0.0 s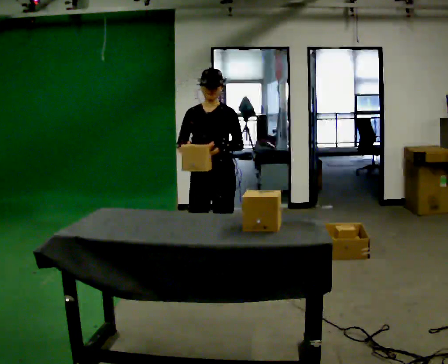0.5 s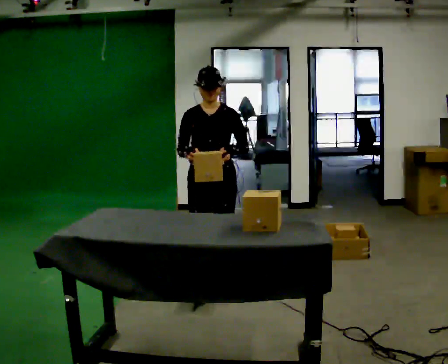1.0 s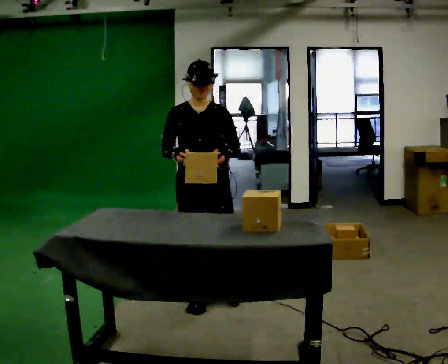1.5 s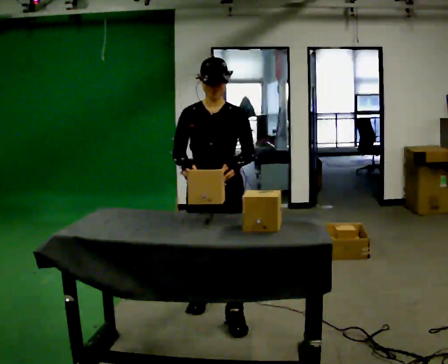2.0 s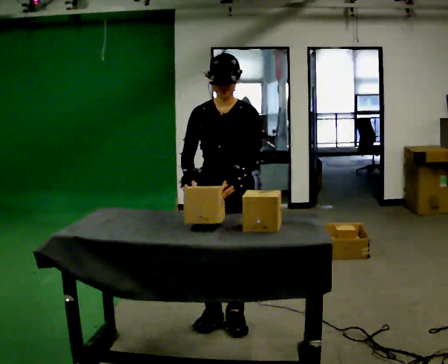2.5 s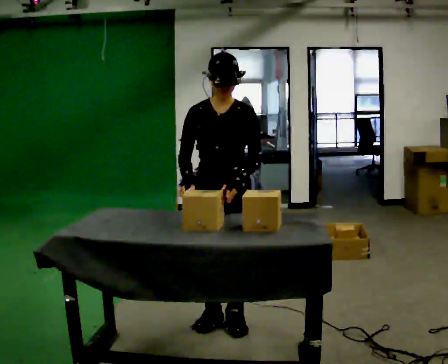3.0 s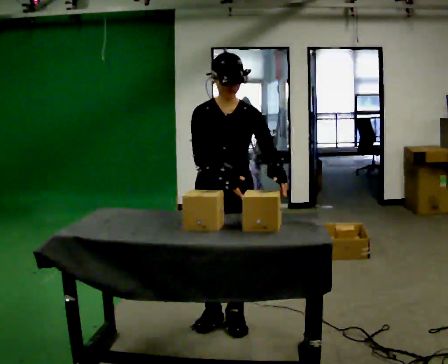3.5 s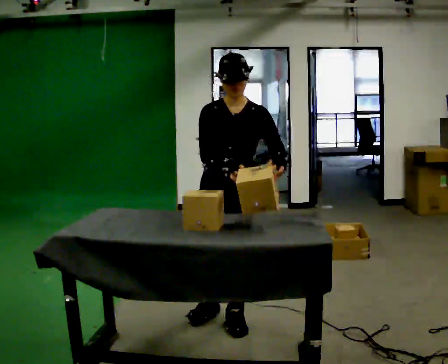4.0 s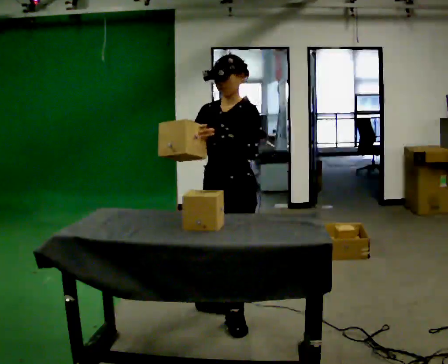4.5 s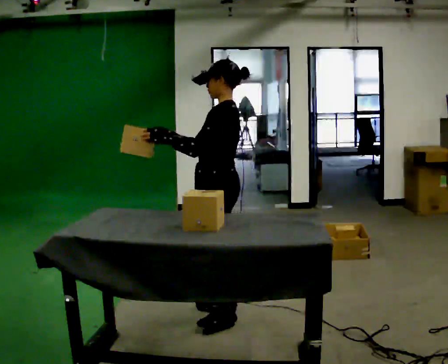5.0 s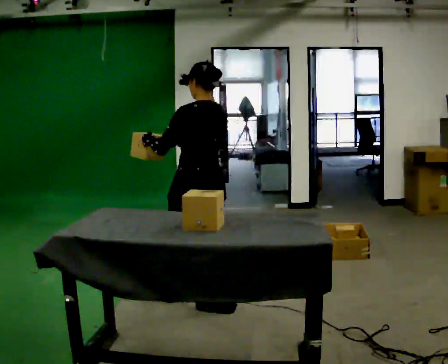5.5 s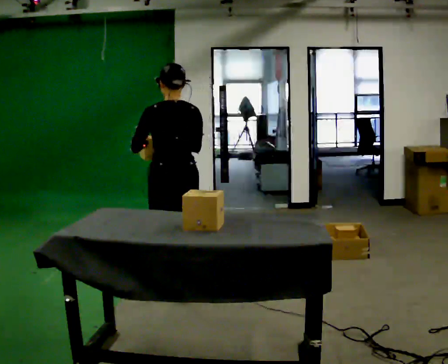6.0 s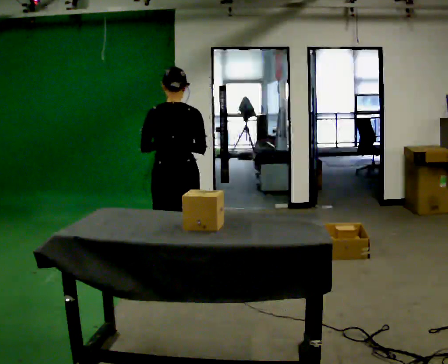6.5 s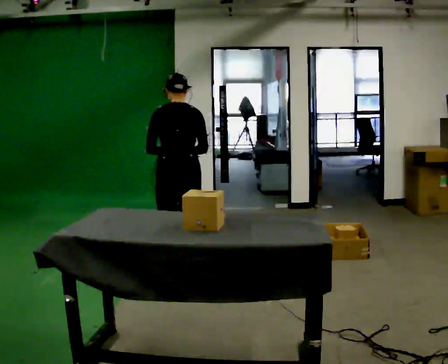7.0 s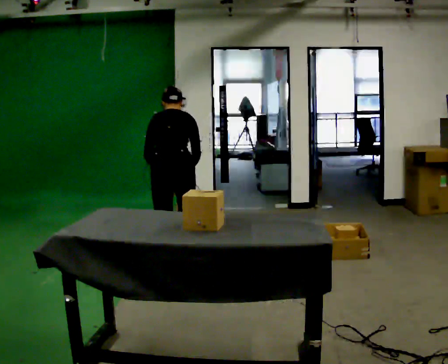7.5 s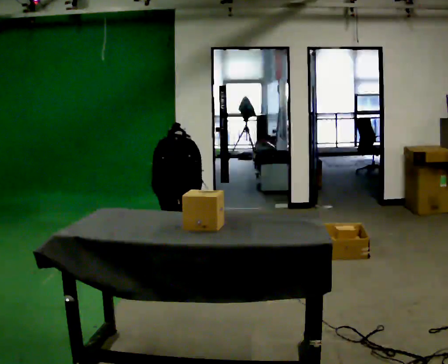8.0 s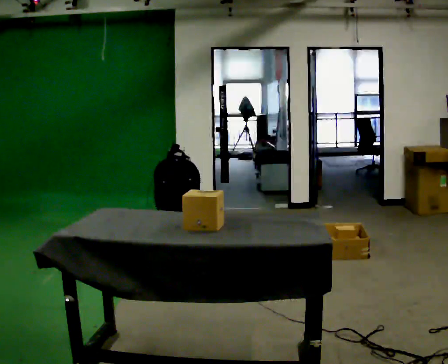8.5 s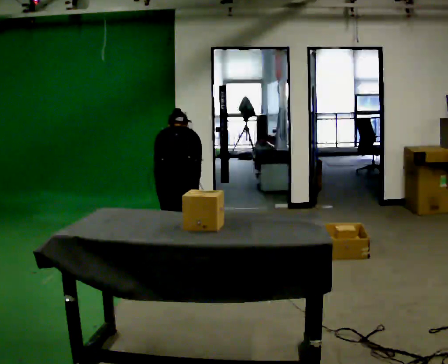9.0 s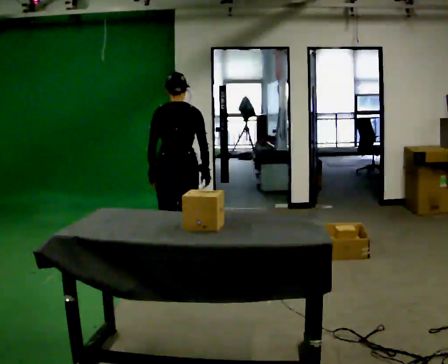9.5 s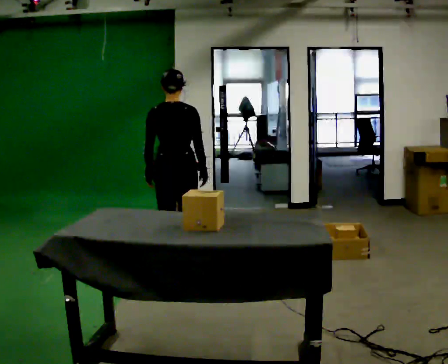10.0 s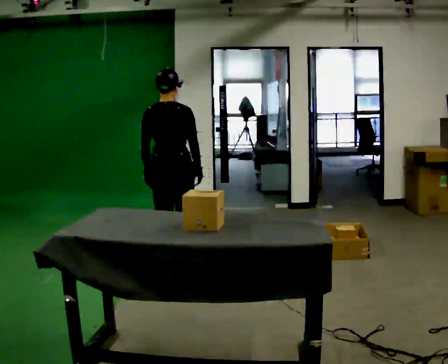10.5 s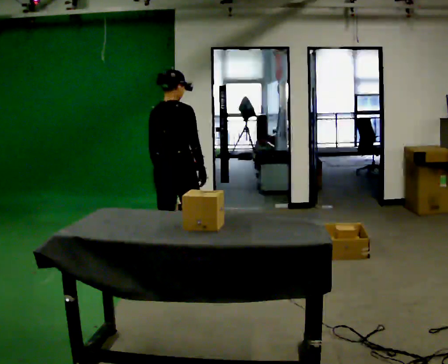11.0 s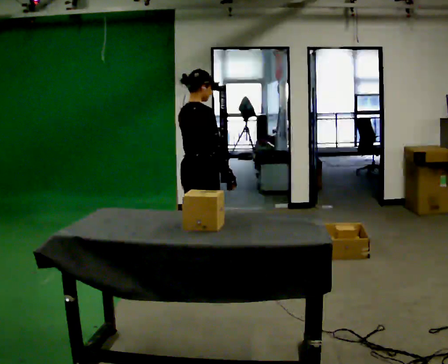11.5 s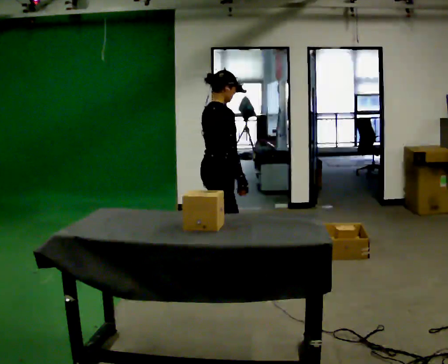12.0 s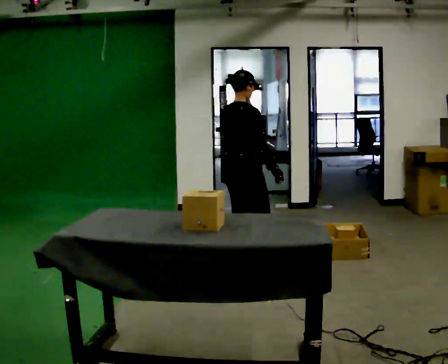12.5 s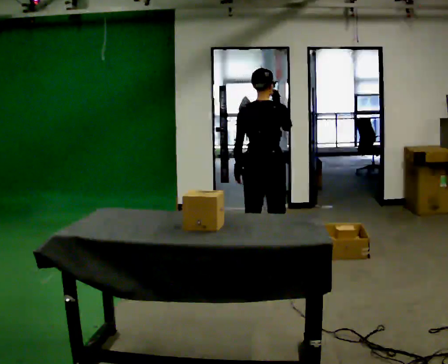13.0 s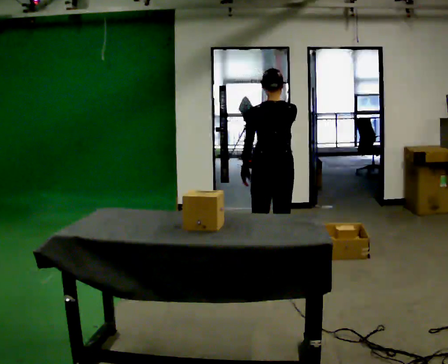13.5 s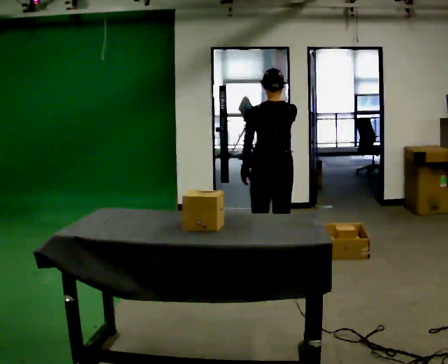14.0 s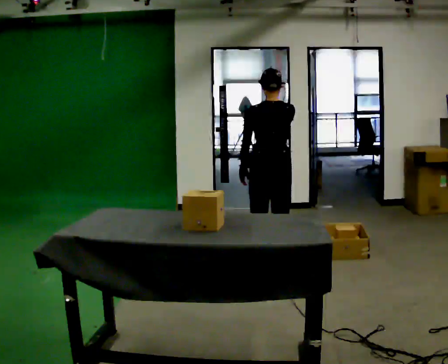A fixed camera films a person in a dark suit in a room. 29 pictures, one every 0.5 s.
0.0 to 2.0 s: In the picture they go toward the camera, about 1 m in 3 steps, which for them is forward.
2.0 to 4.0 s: The part of the body nearest the lens slides to the left as the person turns to their right by about 30 degrees.
4.0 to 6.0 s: The person turns about 135 degrees to their right, clockwise seen from above, so the part of the body nearest the lens slides to the left. In the picture they go away from the camera and to the left, about 0.75 m in 2 steps.
6.0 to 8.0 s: In the picture they go away from the camera, about 0.25 m in 2 steps, which for them is forward. The upper body goes downward. The upper body tips away from the camera, its near side rolling upward, as they bend forward. In the picture their left hand goes downward.
8.0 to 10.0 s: The shoulders move upward. The upper body tips toward the camera, its near side rolling downward, as they lean back or straighten. In the picture their right hand goes upward.
10.0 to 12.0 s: The part of the body nearest the lens slides to the left as the person turns to their right by about 45 degrees. In the picture they go to the right, about 0.5 m in 1 step.
12.0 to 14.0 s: The part of the body nearest the lens slides to the right as the person turns to their left by about 45 degrees. In the picture they go to the right, about 0.25 m in 1 step, which for them is to their right. In the picture their right hand goes upward.
The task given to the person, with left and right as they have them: Take each object from the table and put it in the bin that matches it, walking between the bins. Keep going until the operator says stop; one object at a time, and do not rush between trips.
The film runs forward here.
